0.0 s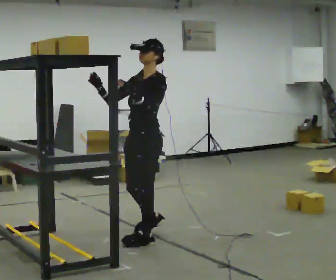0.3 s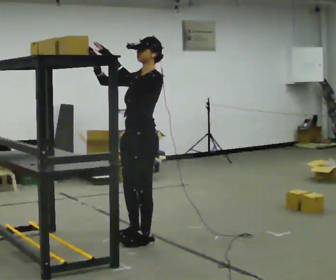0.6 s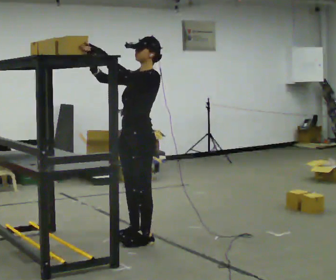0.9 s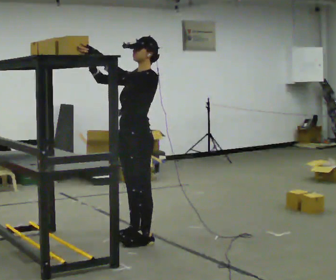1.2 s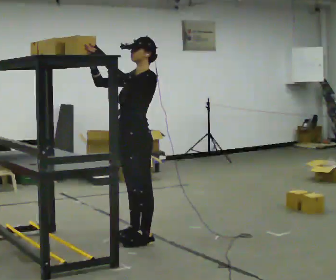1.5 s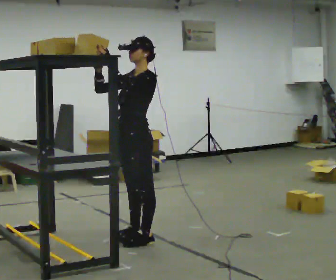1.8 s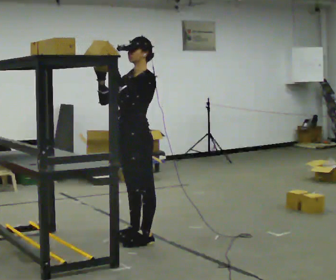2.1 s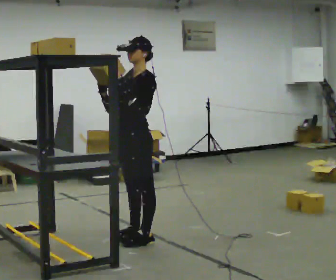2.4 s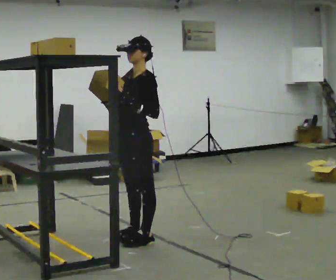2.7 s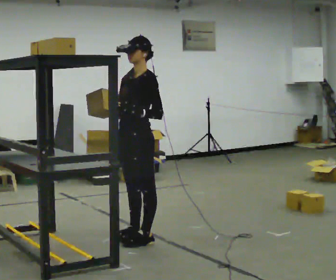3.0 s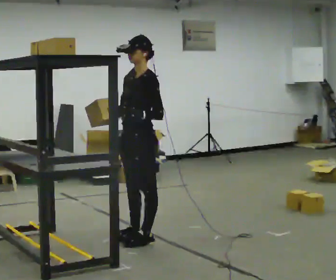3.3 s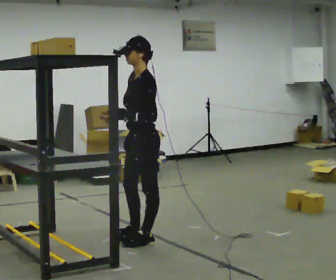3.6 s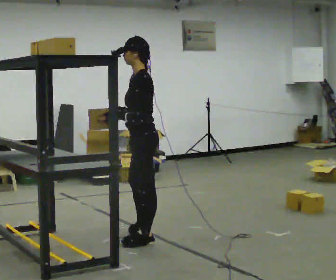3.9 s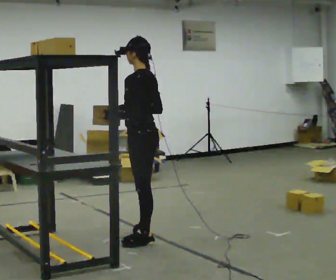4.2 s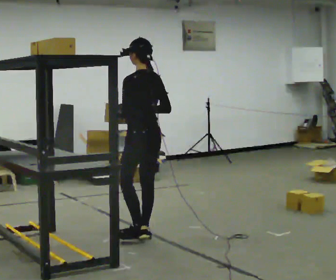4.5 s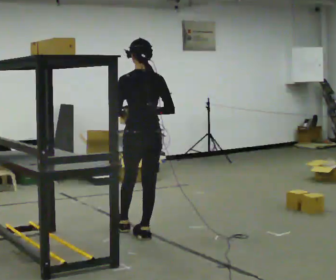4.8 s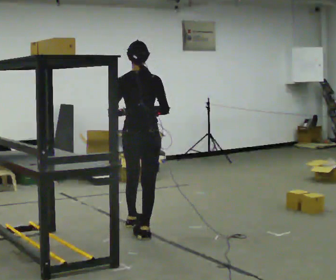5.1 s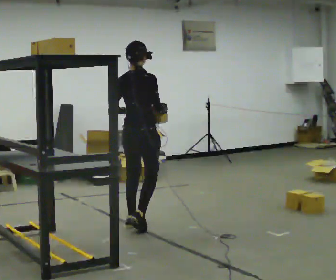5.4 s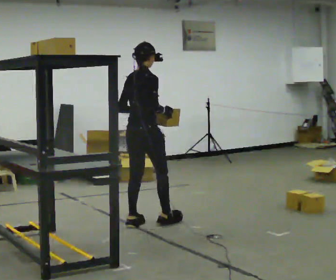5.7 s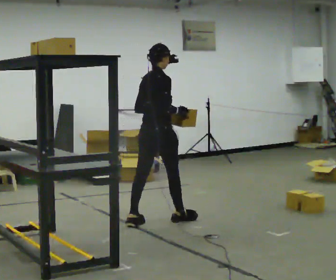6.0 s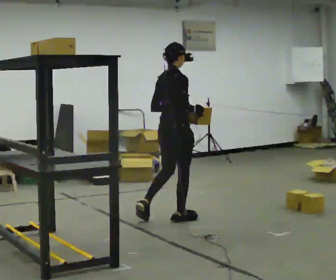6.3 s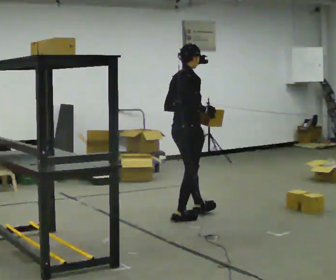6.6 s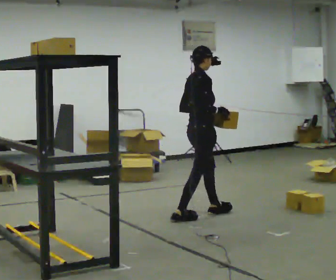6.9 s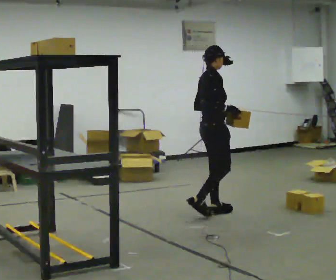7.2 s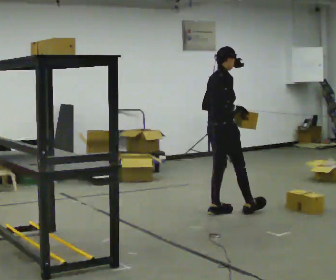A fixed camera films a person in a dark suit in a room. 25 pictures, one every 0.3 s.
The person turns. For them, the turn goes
to their right.
The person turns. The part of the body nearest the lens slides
to the left.
0.0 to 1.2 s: The person moves a little, or ends about where they began.
1.2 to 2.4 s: In the picture their left hand goes downward.
2.4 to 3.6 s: Seen from above the body turns clockwise, about 45 degrees: to their right, with its near side sliding to the left.
3.6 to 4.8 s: The part of the body nearest the lens slides to the left as the person turns to their right by about 90 degrees. In the picture they go away from the camera, about 0.25 m in 1 step.
4.8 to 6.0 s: Seen from above the body turns clockwise, about 30 degrees: to their right, with its near side sliding to the left. In the picture they go away from the camera and to the right, about 0.5 m in 1 step, which for them is forward.
6.0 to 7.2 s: In the picture they go to the right and away from the camera, about 0.5 m in 1 step, which for them is forward and to their left.
The film runs forward here.
